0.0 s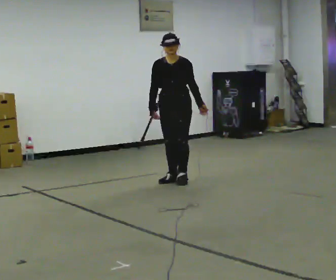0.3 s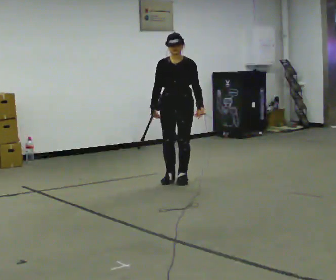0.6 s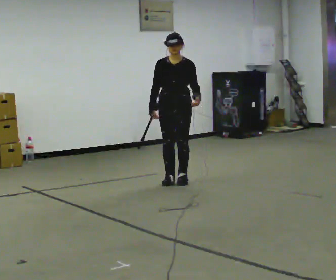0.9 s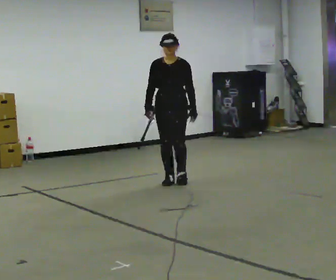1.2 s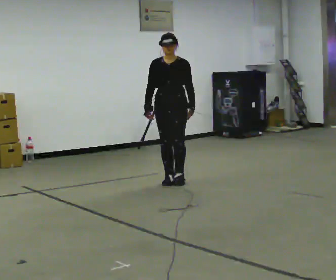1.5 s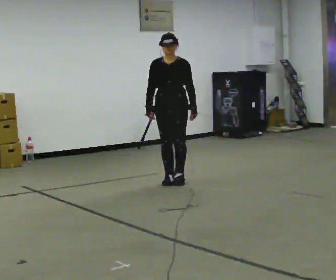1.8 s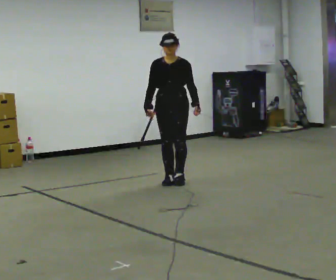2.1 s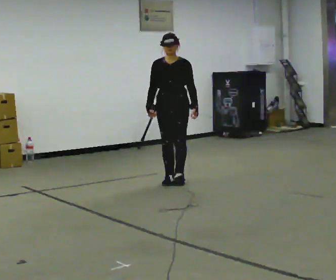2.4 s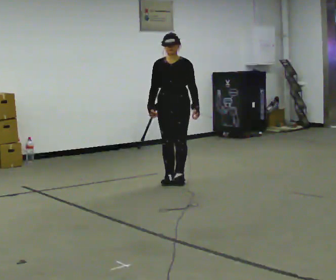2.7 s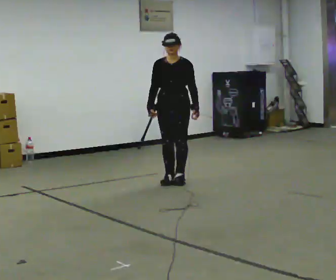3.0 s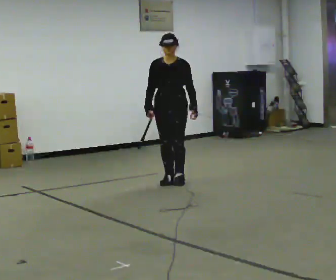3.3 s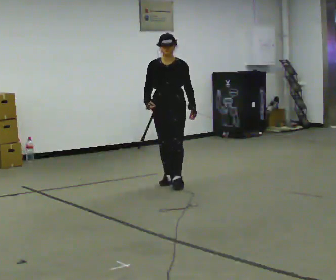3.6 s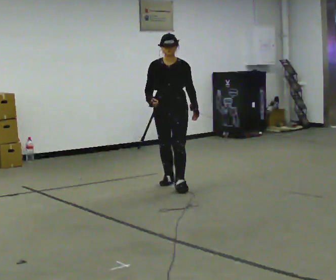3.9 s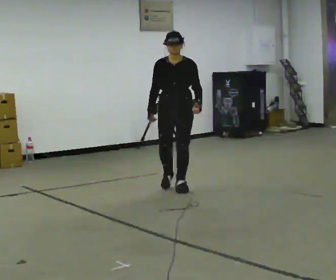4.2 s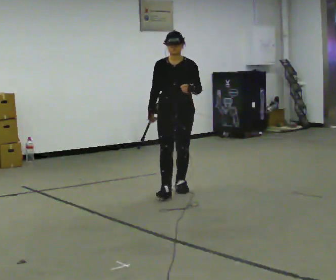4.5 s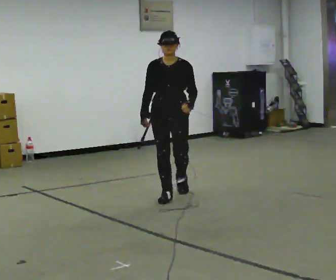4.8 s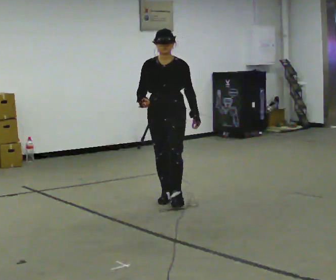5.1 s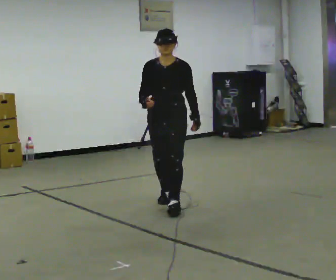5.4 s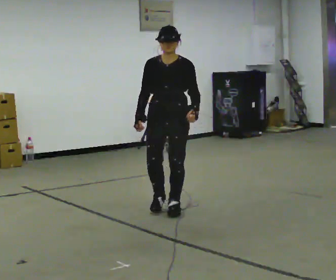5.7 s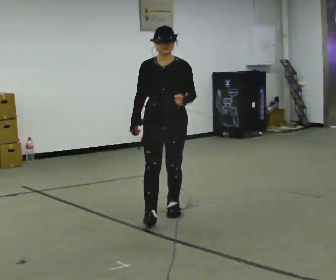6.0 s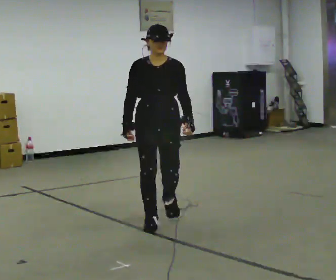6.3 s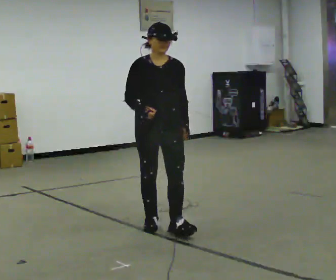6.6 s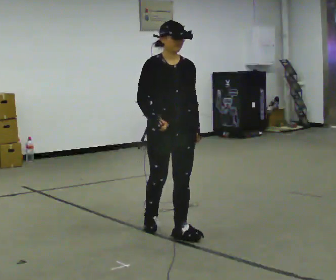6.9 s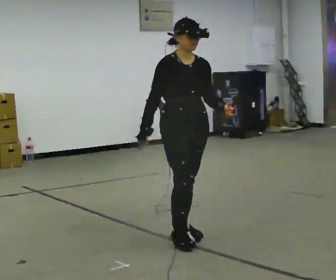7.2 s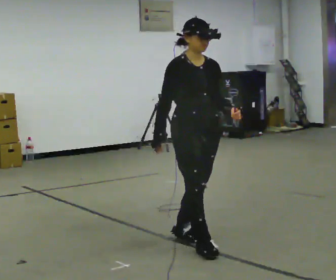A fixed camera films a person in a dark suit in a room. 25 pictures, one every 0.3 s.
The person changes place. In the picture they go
toward the camera.
0.0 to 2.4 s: The person moves a little, or ends about where they began.
2.4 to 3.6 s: In the picture they go toward the camera, about 0.25 m in 1 step, which for them is forward.
3.6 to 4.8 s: In the picture they go toward the camera, about 0.5 m in 1 step, which for them is forward.
4.8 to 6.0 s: In the picture they go toward the camera, about 1 m in 2 steps, which for them is forward.
6.0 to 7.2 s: Seen from above the body turns counterclockwise, about 30 degrees: to their left, with its near side sliding to the right. In the picture they go toward the camera and to the right, about 0.75 m in 2 steps, which for them is forward.
The film runs forward here.
